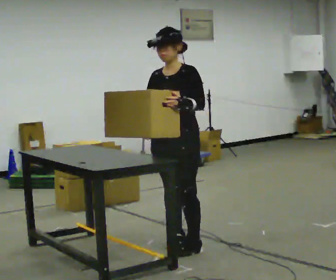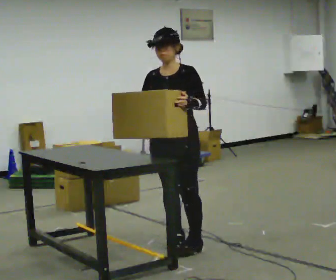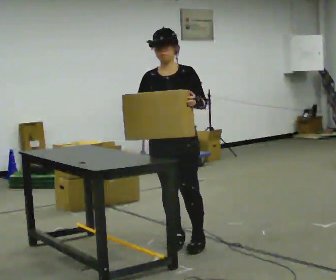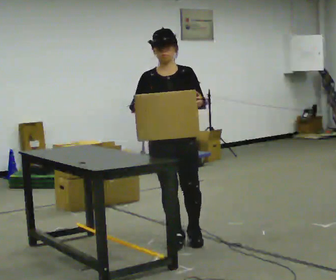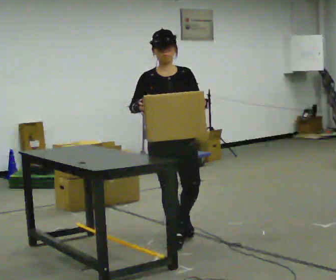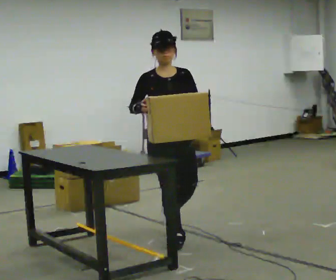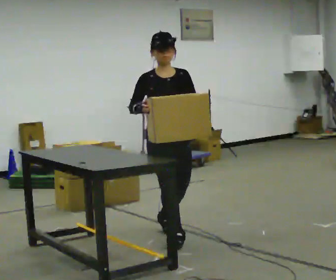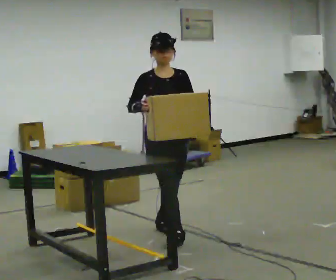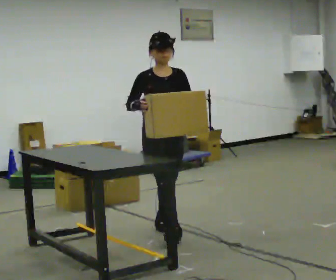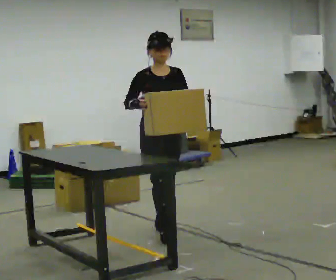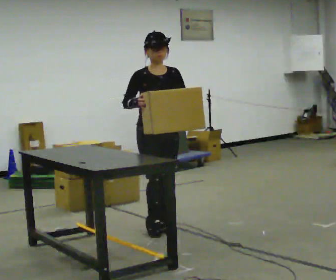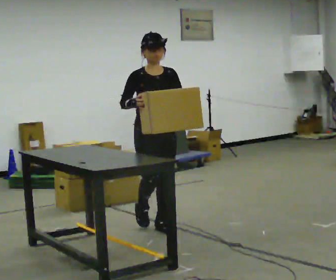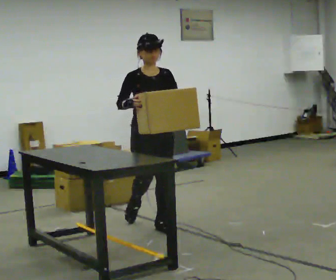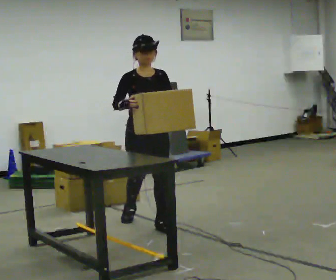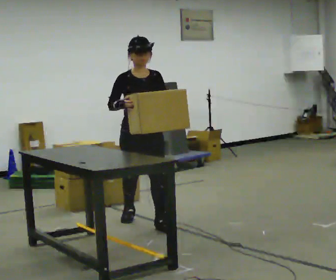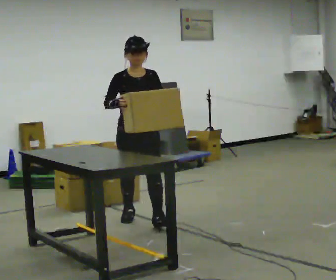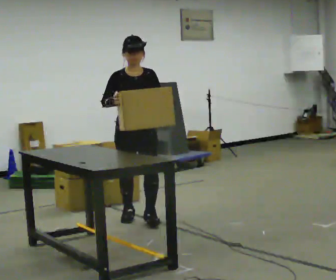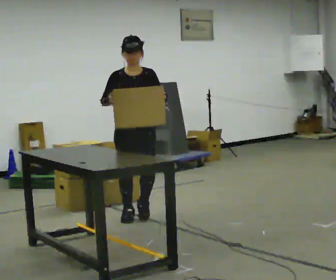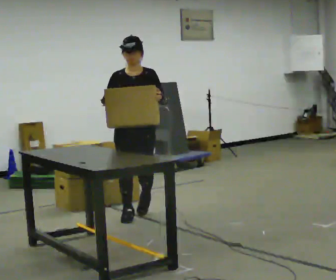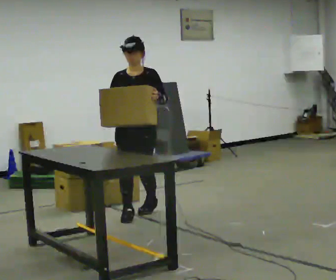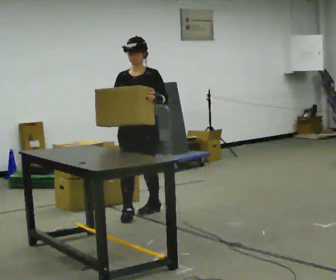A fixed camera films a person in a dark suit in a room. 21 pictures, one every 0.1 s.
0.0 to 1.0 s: The part of the body nearest the lens slides to the right as the person turns to their left by about 60 degrees. In the picture they go away from the camera, about 0.5 m in 2 steps, which for them is backward.
1.0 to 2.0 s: The part of the body nearest the lens slides to the left as the person turns to their right by about 30 degrees. In the picture they go away from the camera, about 0.5 m in 1 step, which for them is backward.
The film runs backward here.
